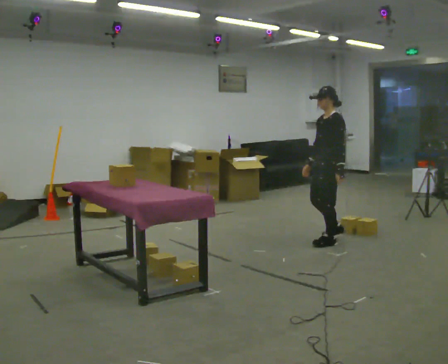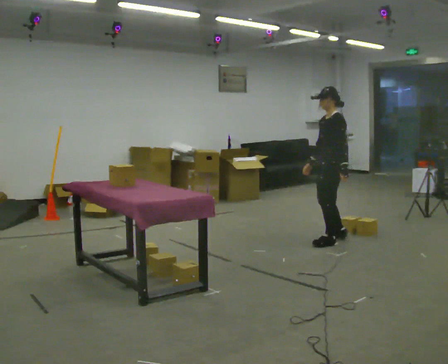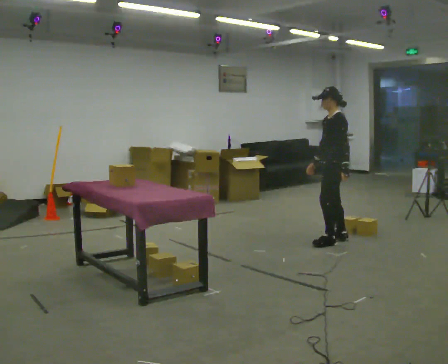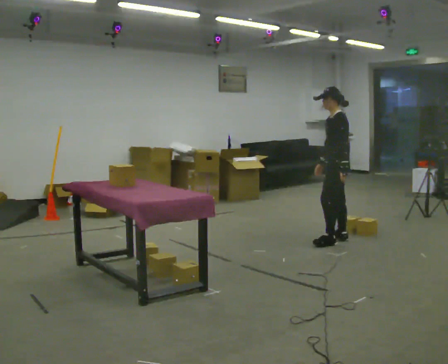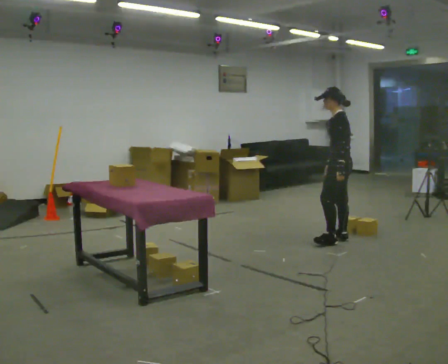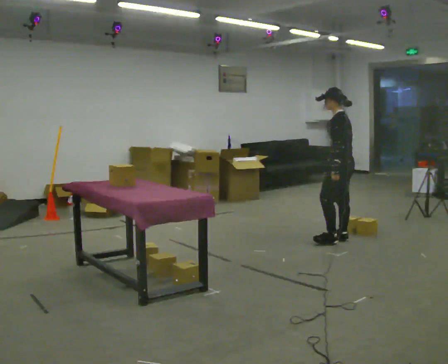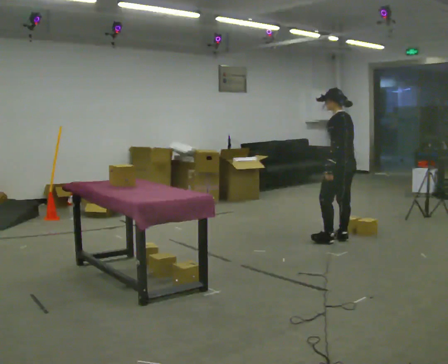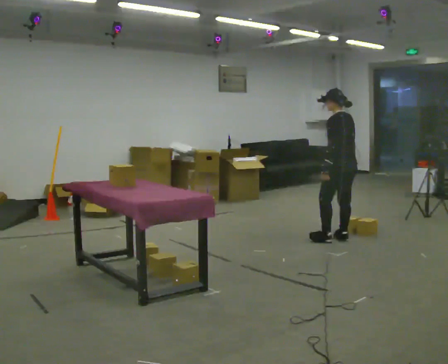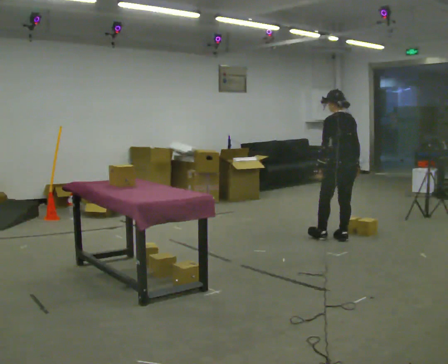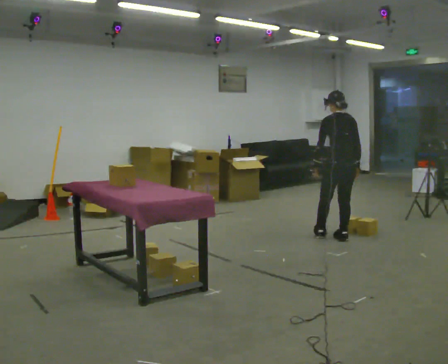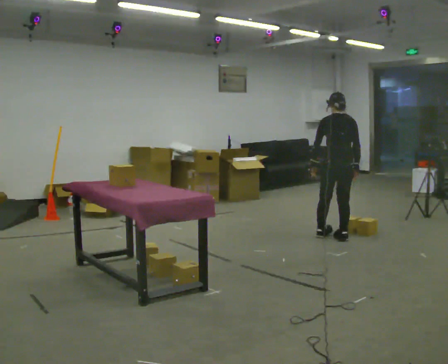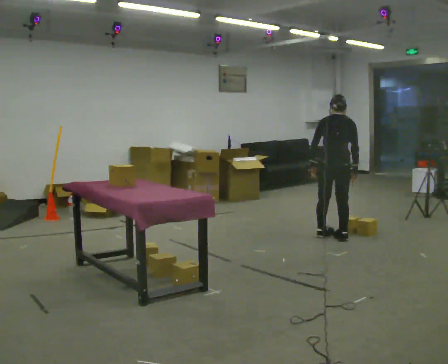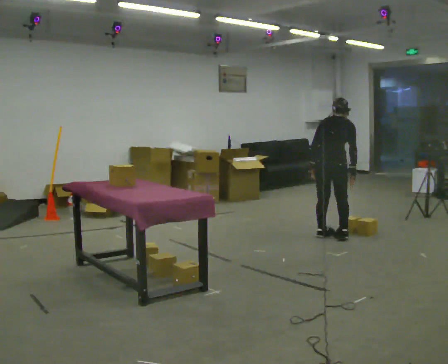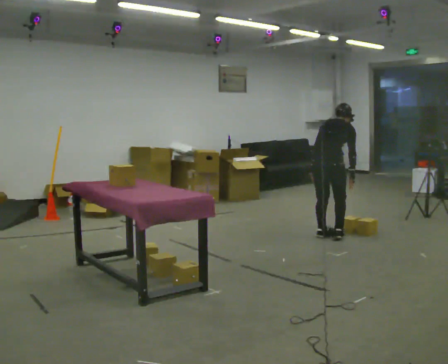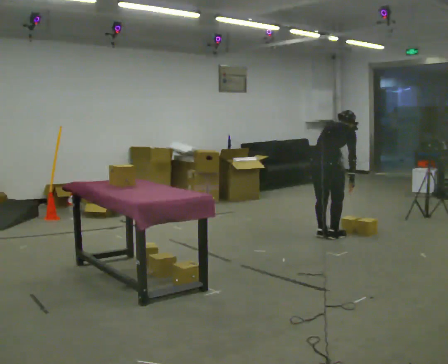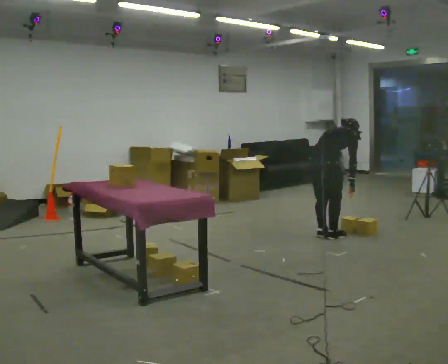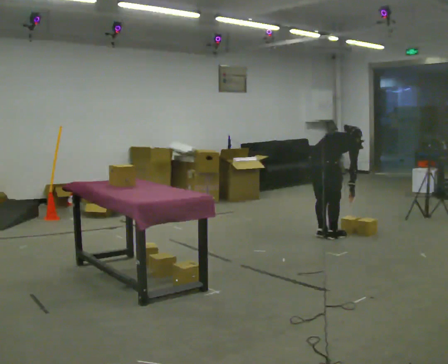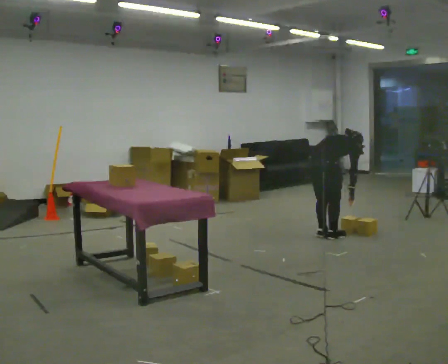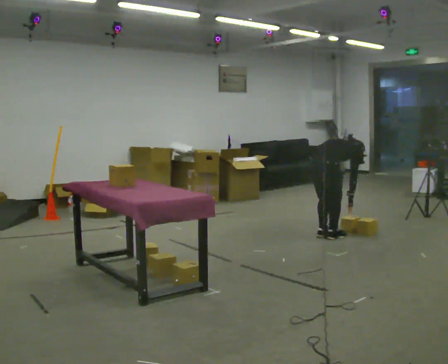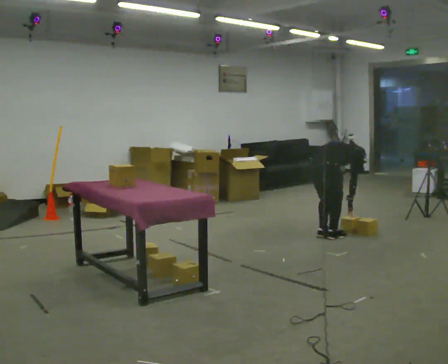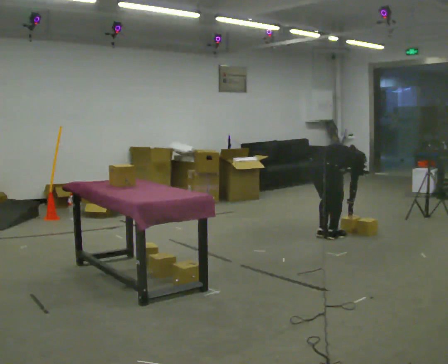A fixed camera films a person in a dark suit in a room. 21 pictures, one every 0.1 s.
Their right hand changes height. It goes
downward.
The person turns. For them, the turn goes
to their right.
0.0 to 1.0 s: Seen from above the body turns clockwise, about 105 degrees: to their right, with its near side sliding to the left. In the picture they go away from the camera, about 0.25 m in 1 step. In the picture their right hand goes to the right, the arm swinging counterclockwise.
1.0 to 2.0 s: The part of the body nearest the lens slides to the left as the person turns to their right by about 60 degrees. In the picture they go to the left, about 0.25 m, which for them is to their left. The upper body goes downward. In the picture the upper body tilts clockwise, shoulders to the right, as they bend forward. In the picture their right hand goes downward.
The film runs backward here.
